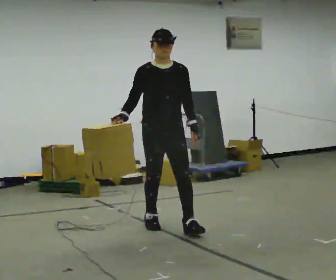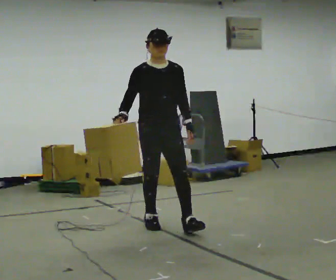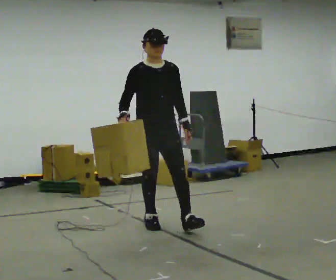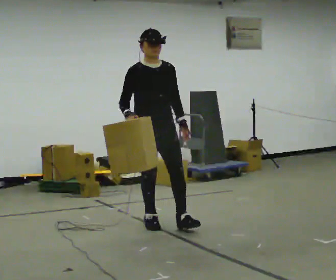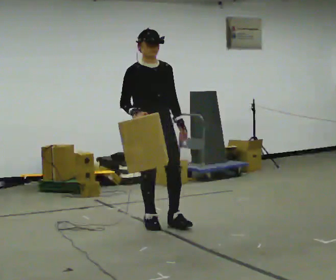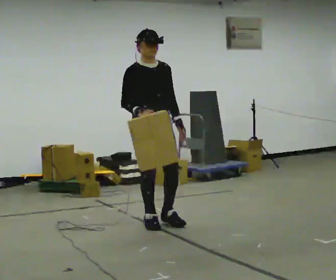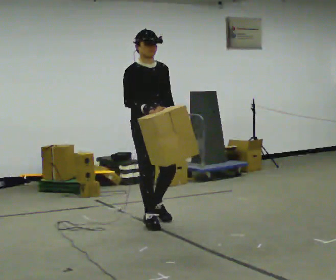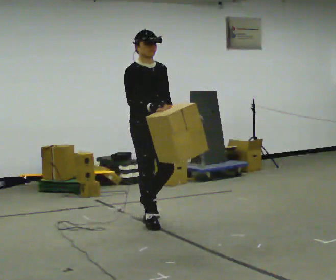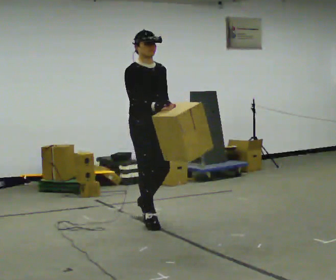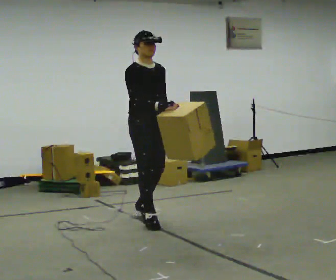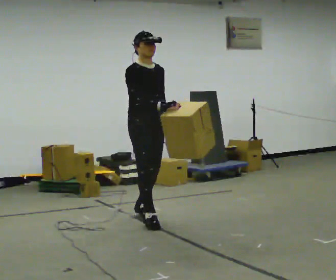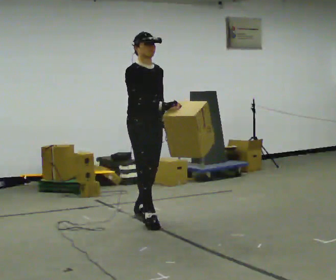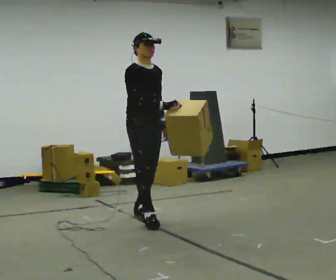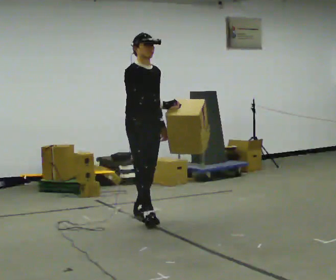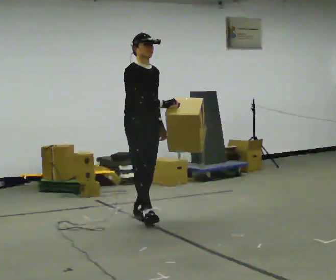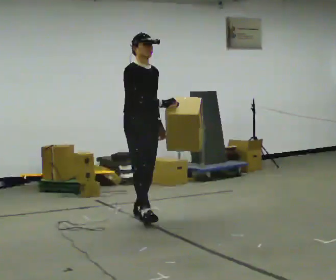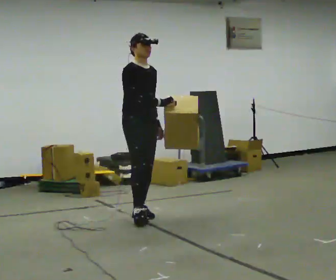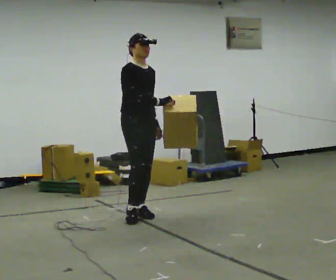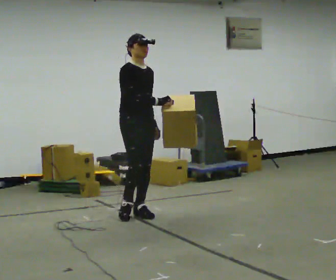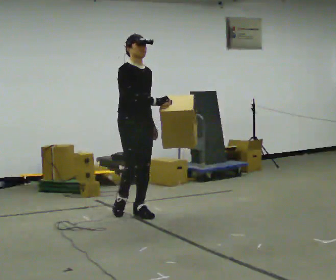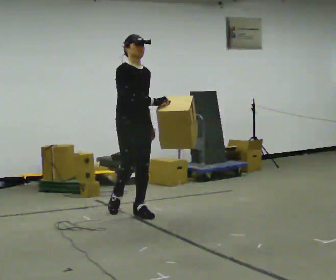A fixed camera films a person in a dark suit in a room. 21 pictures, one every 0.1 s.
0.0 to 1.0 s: The part of the body nearest the lens slides to the right as the person turns to their left by about 30 degrees. In the picture they go away from the camera and to the left, about 0.25 m in 1 step, which for them is backward.
1.0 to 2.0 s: In the picture they go away from the camera, about 0.25 m in 1 step, which for them is backward.
The film runs backward here.
